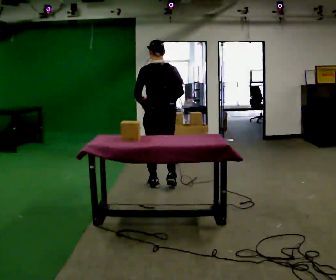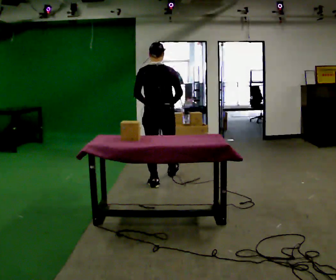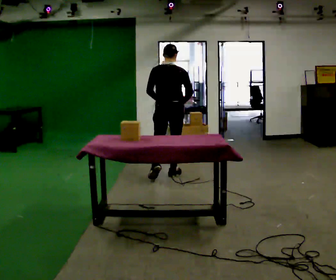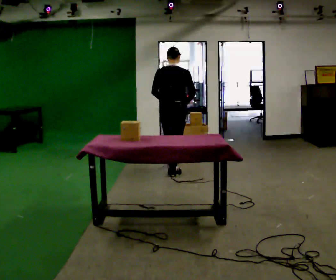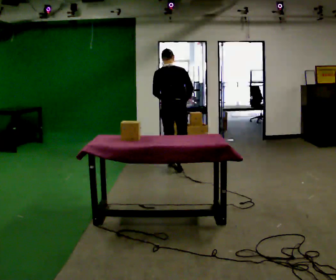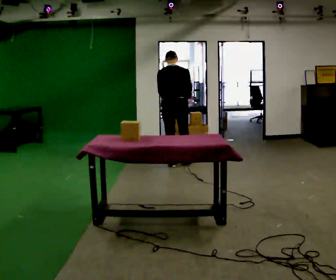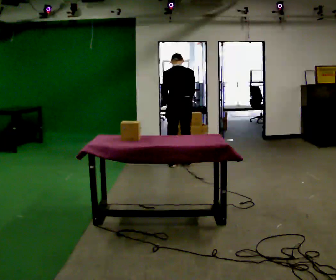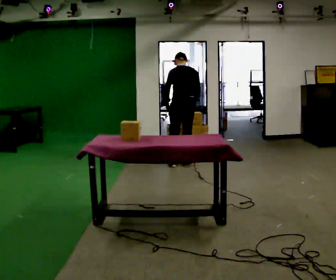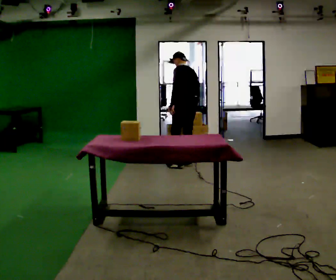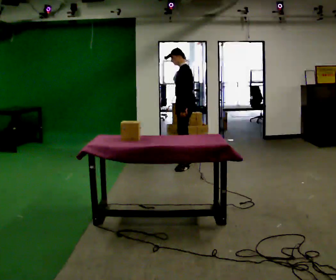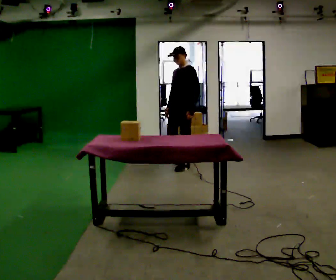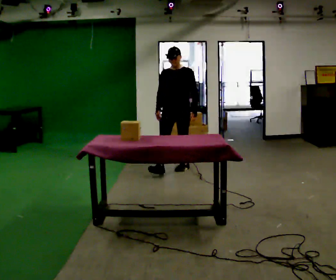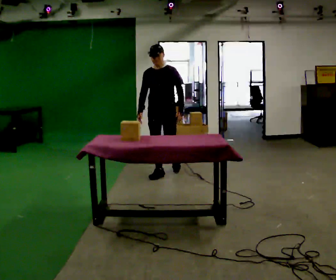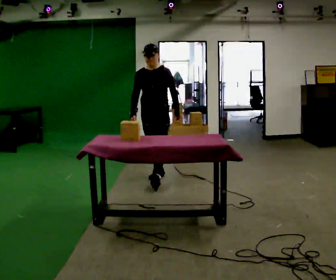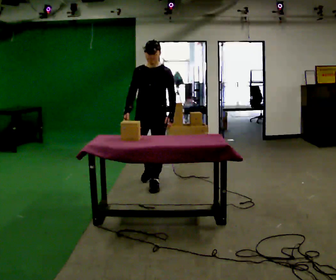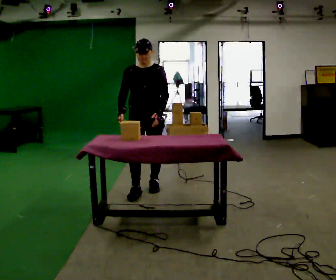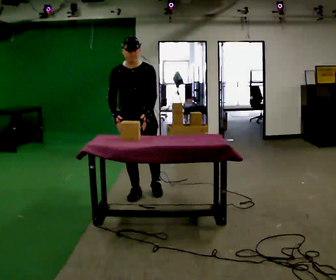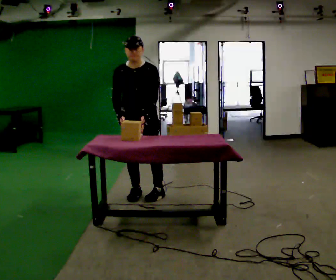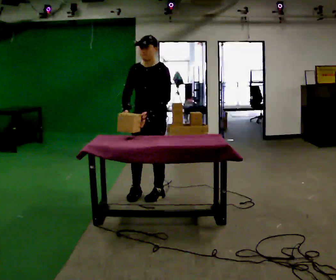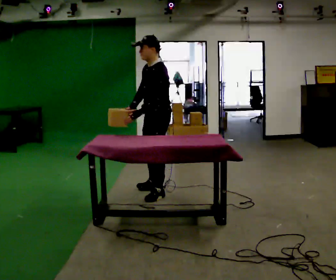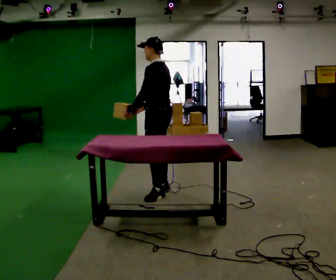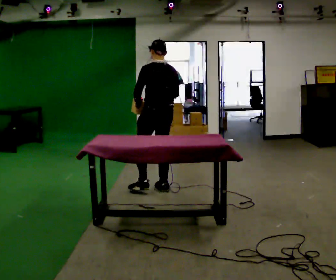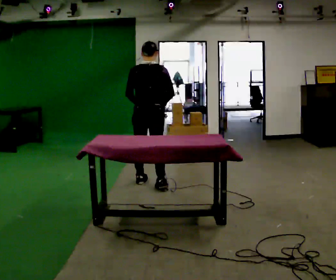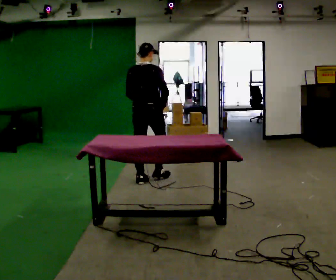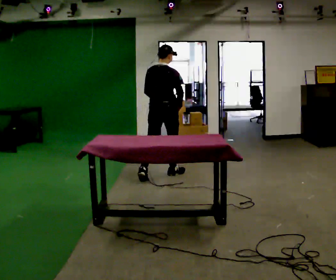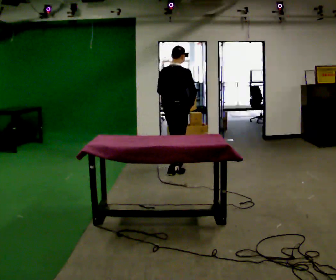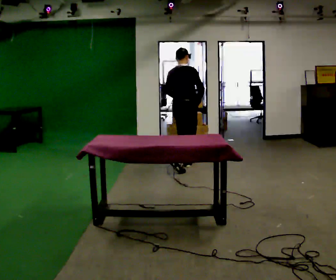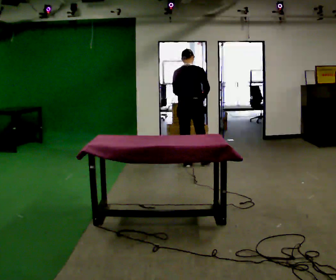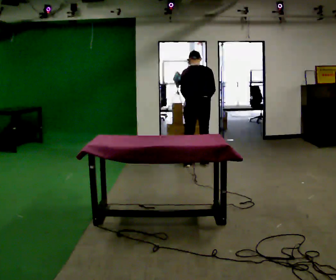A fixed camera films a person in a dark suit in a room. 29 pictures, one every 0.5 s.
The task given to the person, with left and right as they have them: Clear everything off the table and put it away on the shelf, in as many trips as you need. Keep going until the operator says stop; one object at a time, and do not rush between trips.
0.0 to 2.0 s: Seen from above the body turns clockwise, about 30 degrees: to their right, with its near side sliding to the left. In the picture they go away from the camera, about 1 m in 2 steps, which for them is forward.
2.0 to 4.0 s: The part of the body nearest the lens slides to the right as the person turns to their left by about 60 degrees. In the picture they go to the right, about 0.25 m in 1 step, which for them is to their right and forward. The upper body tips away from the camera, its near side rolling upward.
4.0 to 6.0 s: The person turns about 120 degrees to their left, counterclockwise seen from above, so the part of the body nearest the lens slides to the right. In the picture they go toward the camera and to the left, about 0.75 m in 2 steps. The upper body tips toward the camera, its near side rolling downward.
6.0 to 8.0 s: In the picture they go toward the camera, about 1 m in 2 steps, which for them is forward.
8.0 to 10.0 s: The person turns about 120 degrees to their right, clockwise seen from above, so the part of the body nearest the lens slides to the left. In the picture they go to the right, about 0.25 m in 2 steps.
10.0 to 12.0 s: The part of the body nearest the lens slides to the left as the person turns to their right by about 90 degrees. In the picture they go away from the camera, about 0.75 m in 2 steps.
12.0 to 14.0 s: The person turns about 30 degrees to their left, counterclockwise seen from above, so the part of the body nearest the lens slides to the right. In the picture they go away from the camera and to the right, about 1 m in 2 steps, which for them is forward.
The film runs forward here.
